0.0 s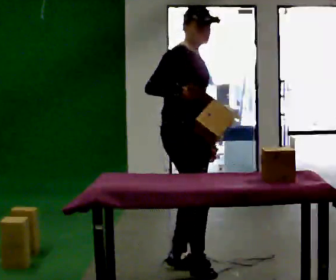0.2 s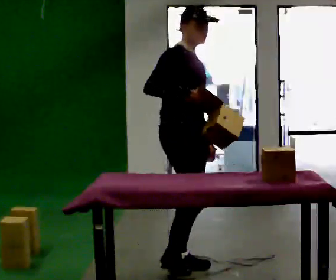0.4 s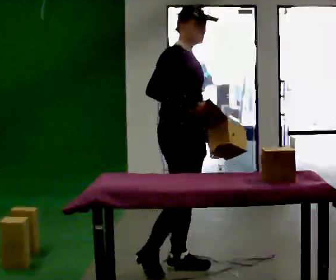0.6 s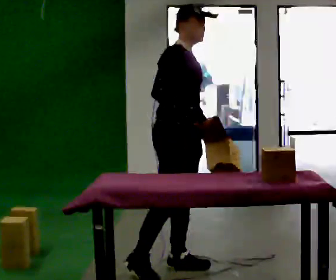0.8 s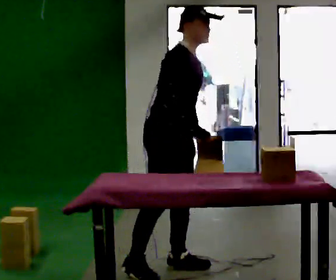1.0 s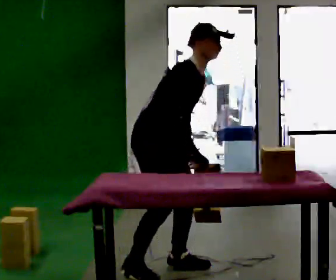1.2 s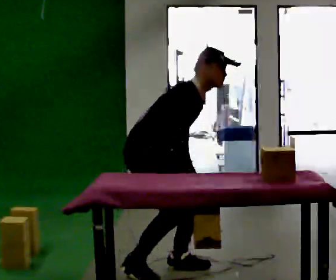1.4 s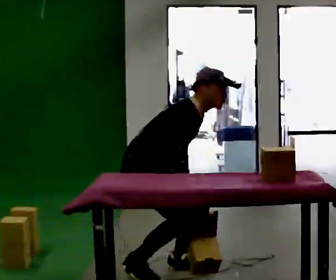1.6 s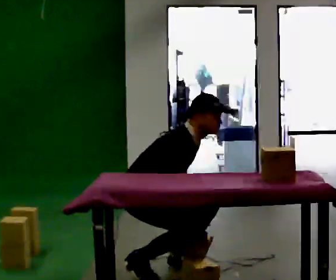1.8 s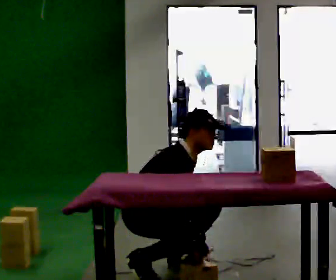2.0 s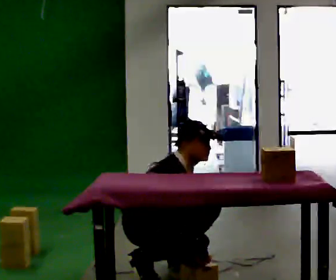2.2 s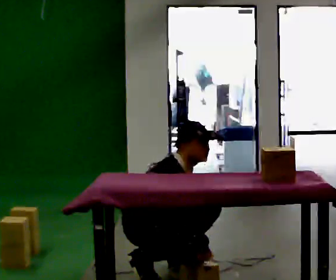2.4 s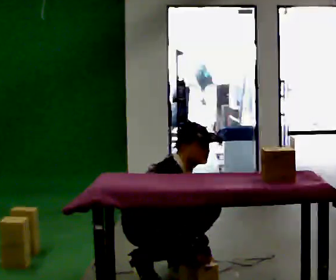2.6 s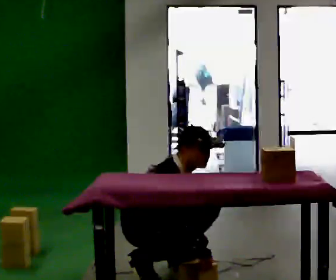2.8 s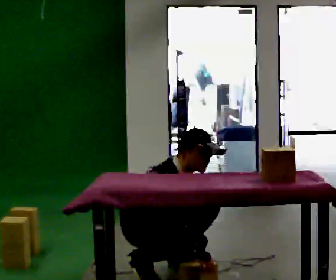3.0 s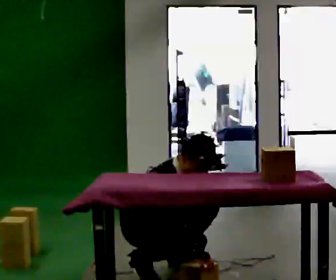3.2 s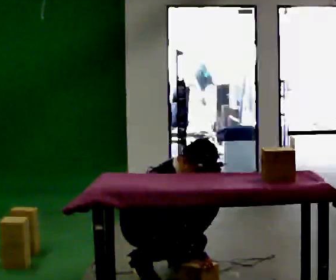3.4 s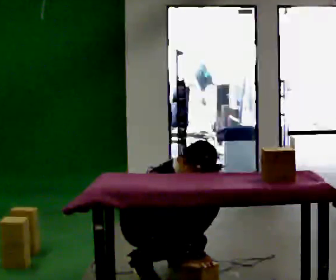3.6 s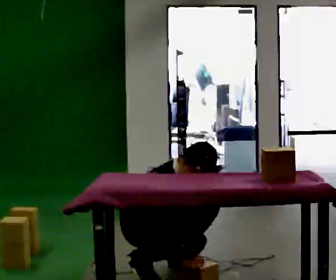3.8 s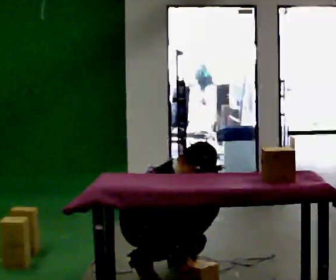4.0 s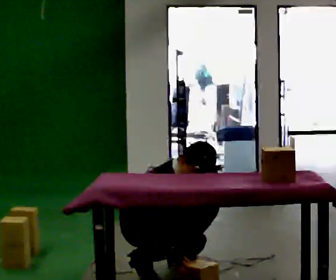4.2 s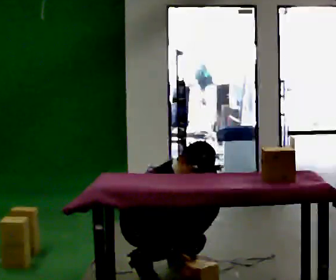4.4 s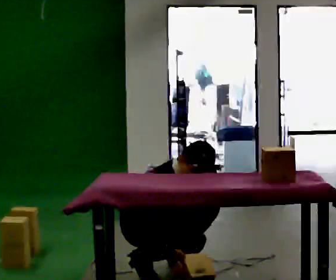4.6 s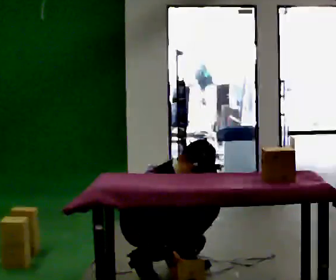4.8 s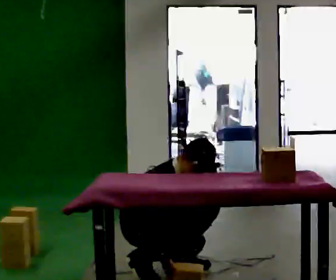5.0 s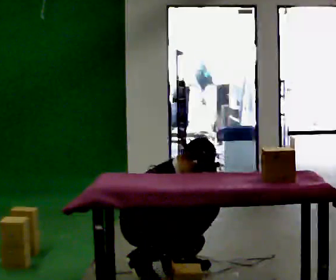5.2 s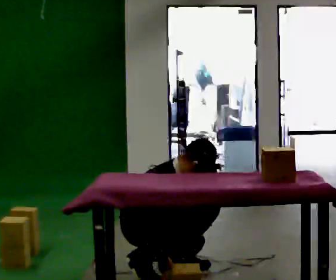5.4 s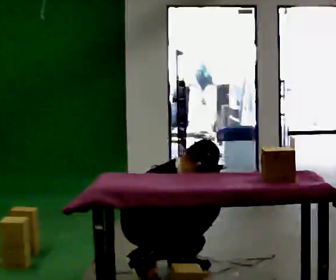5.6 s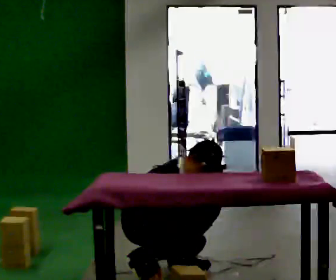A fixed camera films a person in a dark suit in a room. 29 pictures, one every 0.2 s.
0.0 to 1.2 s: In the picture they go to the left, about 0.25 m, which for them is backward and to their right. The shoulders move downward. In the picture the upper body tilts clockwise, shoulders to the right, as they bend forward. In the picture their right hand goes downward.
1.2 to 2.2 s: The shoulders move downward. In the picture their right hand goes downward.
2.2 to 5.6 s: The person moves a little, or ends about where they began.
The film runs backward here.
